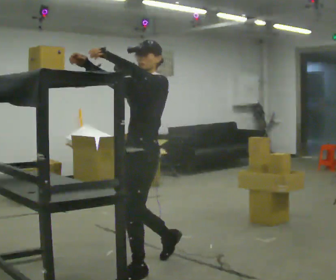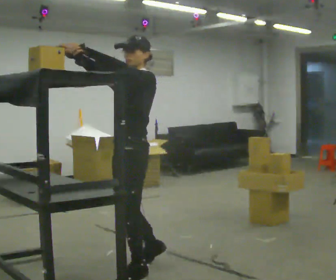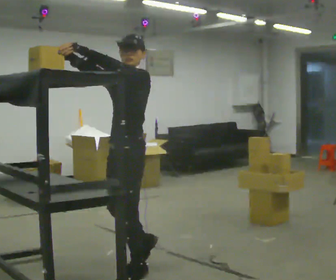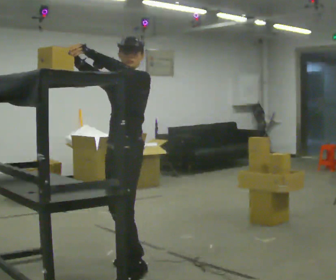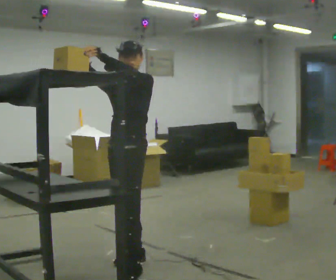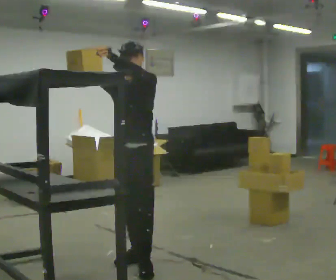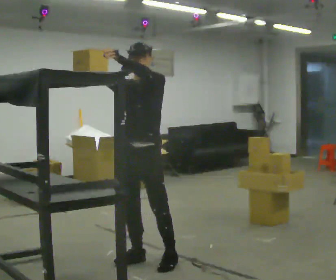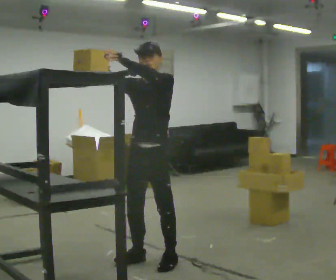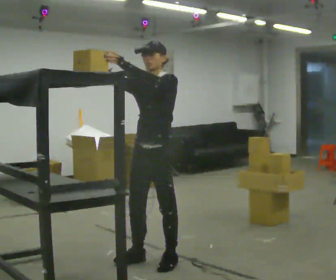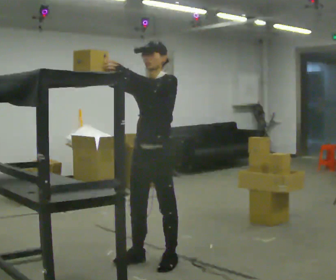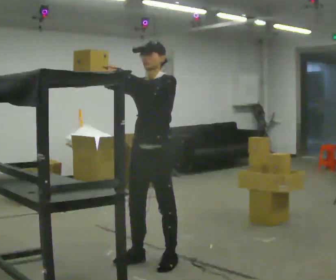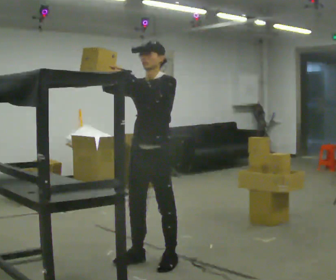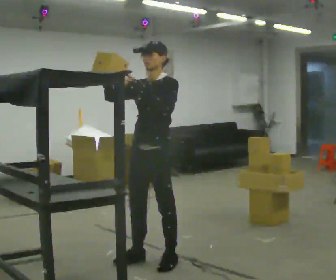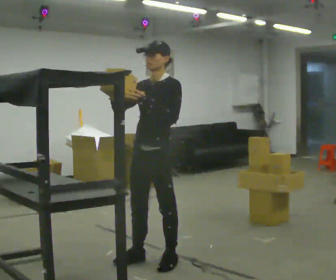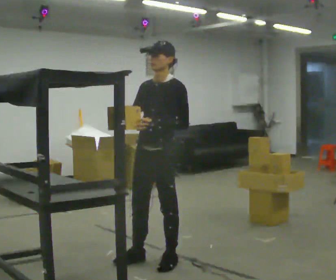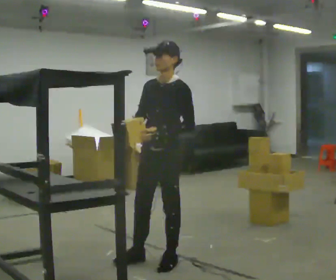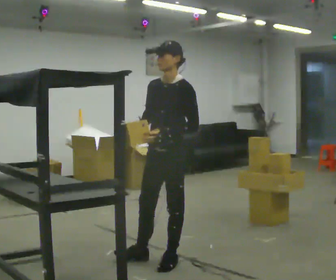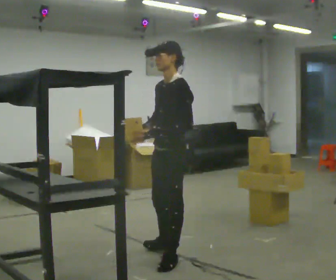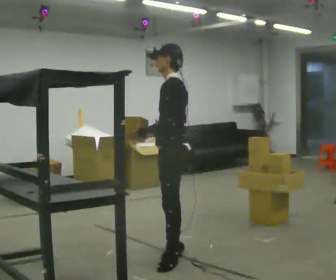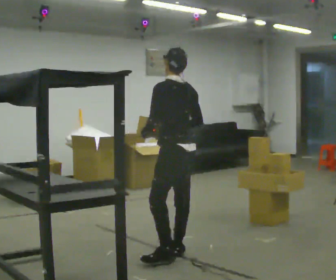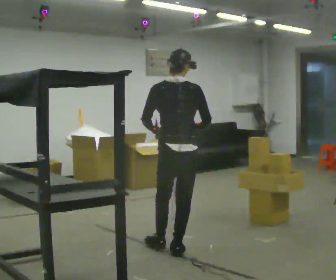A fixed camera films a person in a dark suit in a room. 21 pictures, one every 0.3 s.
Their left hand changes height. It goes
downward.
Their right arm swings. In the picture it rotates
counterclockwise.
0.0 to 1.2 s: In the picture they go away from the camera, about 0.25 m in 2 steps, which for them is to their right.
1.2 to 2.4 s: In the picture they go to the right, about 0.25 m in 1 step, which for them is backward and to their left.
2.4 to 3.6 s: The person moves a little, or ends about where they began.
3.6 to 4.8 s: In the picture their right hand goes downward, the arm swinging counterclockwise.
4.8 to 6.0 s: The part of the body nearest the lens slides to the left as the person turns to their right by about 150 degrees. In the picture they go away from the camera, about 0.25 m in 1 step.
The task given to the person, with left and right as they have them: Take an object down from the highest shelf you can comfortably reach, carry it across, and place it on the waist-height shelf. Keep going until the operator says stop; one object at a time, and do not rush between trips.
The film runs forward here.
